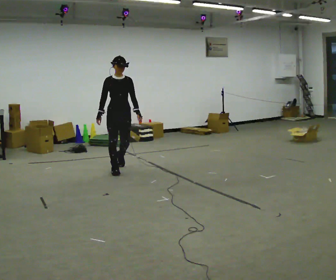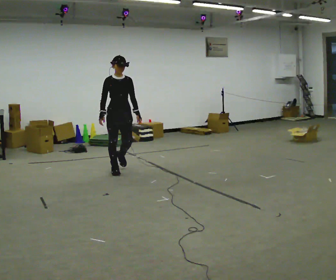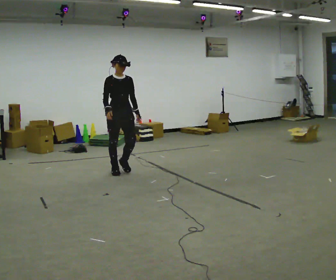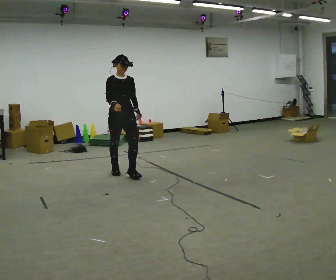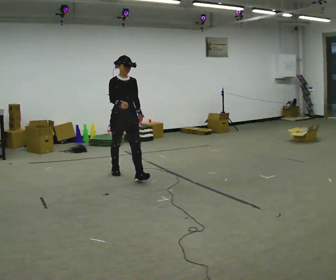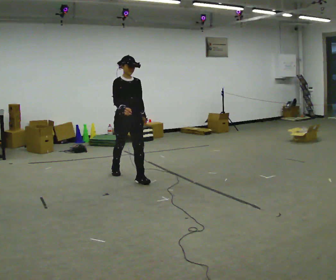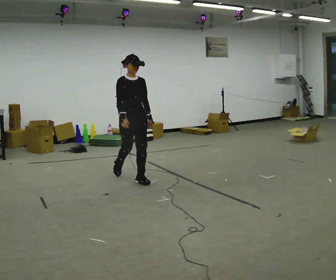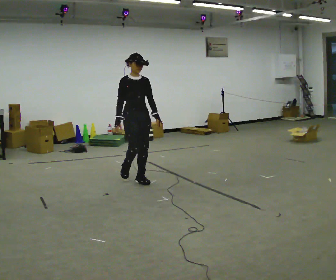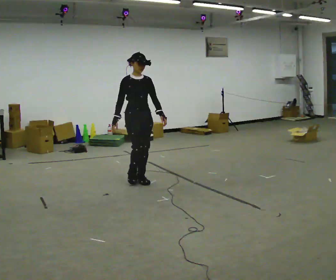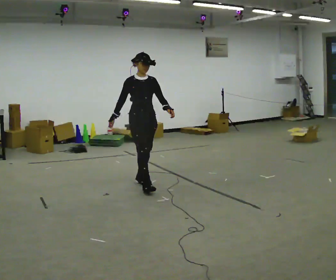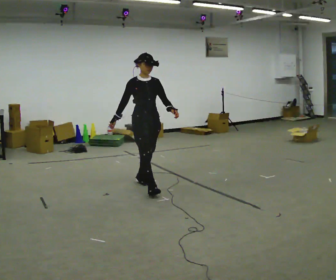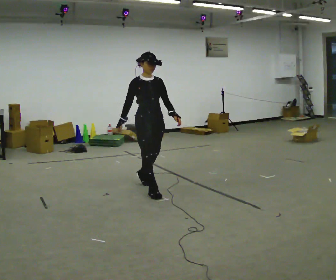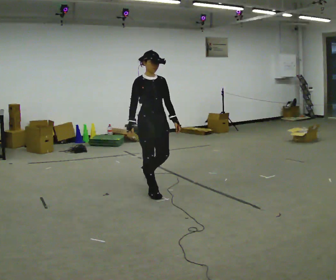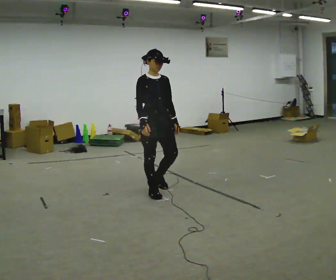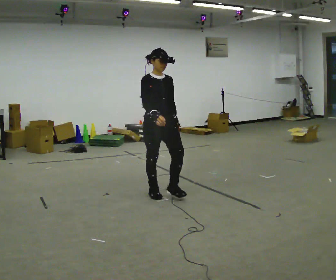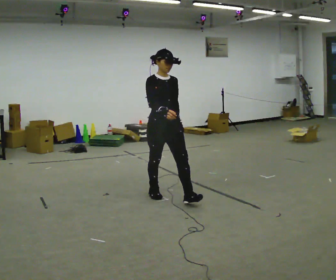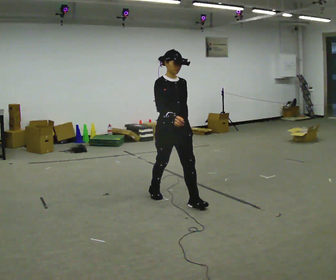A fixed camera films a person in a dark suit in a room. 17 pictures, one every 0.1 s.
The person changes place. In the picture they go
toward the camera.
0.0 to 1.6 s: In the picture they go toward the camera and to the right, about 1.5 m in 3 steps, which for them is forward.
The film runs forward here.
